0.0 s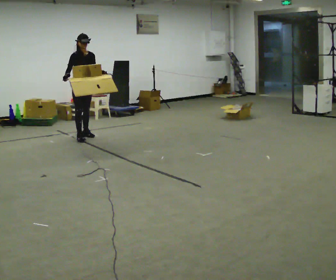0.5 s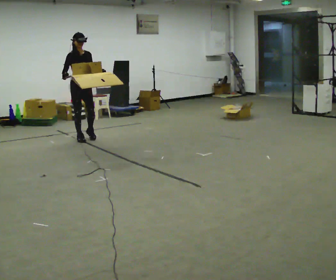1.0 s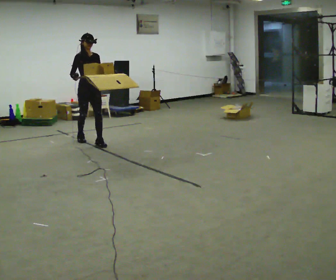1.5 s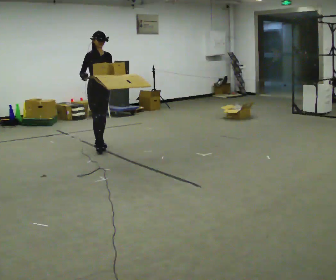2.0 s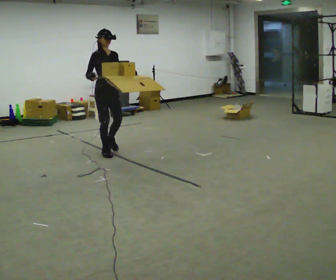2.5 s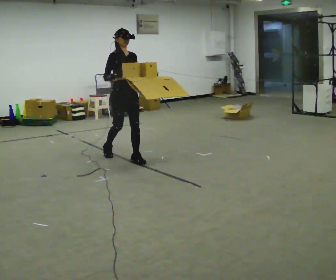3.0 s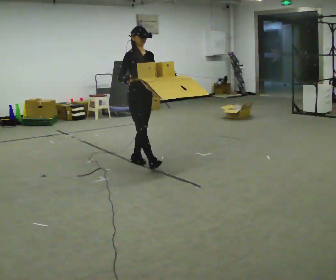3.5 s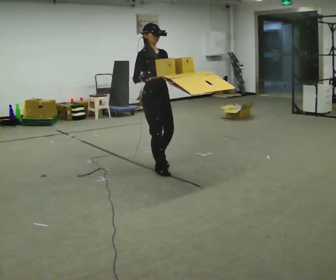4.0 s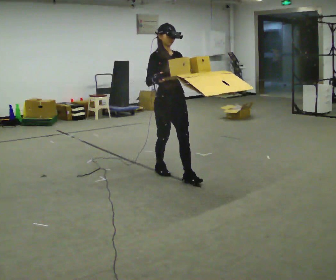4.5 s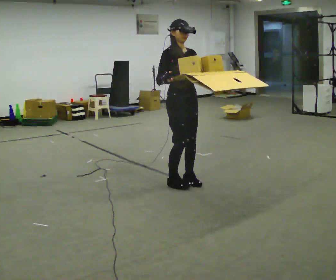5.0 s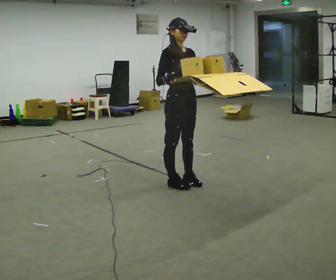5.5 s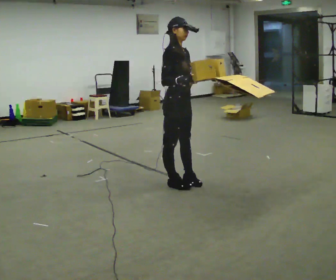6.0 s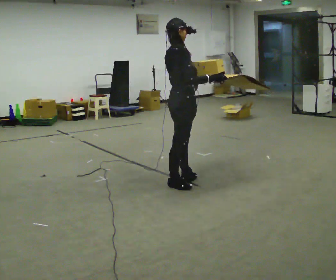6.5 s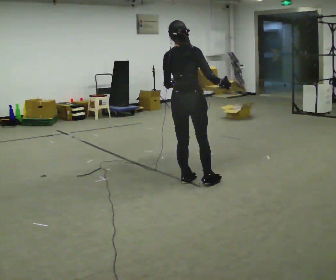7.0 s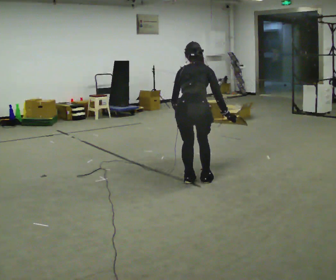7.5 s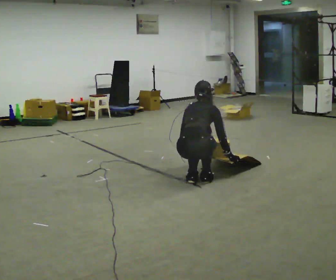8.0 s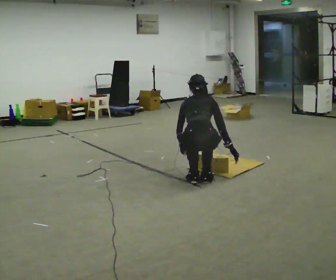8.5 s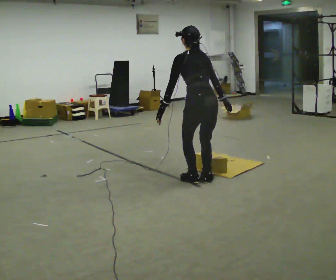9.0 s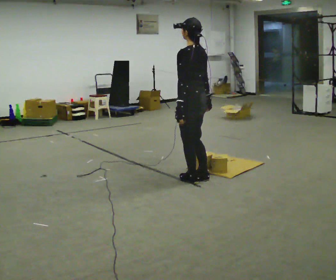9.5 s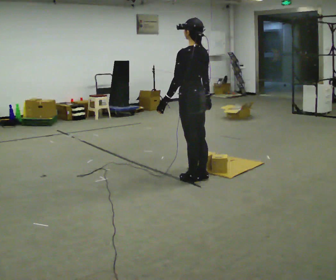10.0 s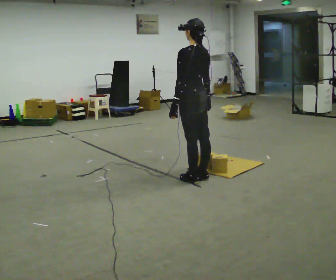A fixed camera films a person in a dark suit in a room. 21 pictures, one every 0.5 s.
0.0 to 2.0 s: In the picture they go to the right and toward the camera, about 1 m in 2 steps, which for them is forward.
2.0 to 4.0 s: In the picture they go to the right and toward the camera, about 1.5 m in 3 steps, which for them is forward.
4.0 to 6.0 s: Seen from above the body turns counterclockwise, about 75 degrees: to their left, with its near side sliding to the right. In the picture they go to the right and toward the camera, about 0.25 m in 1 step. In the picture their right hand goes to the right.
6.0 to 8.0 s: The part of the body nearest the lens slides to the right as the person turns to their left by about 60 degrees. In the picture they go to the right, about 0.25 m in 1 step. The upper body tips away from the camera, its near side rolling upward, as they bend forward. In the picture their left hand goes downward.
8.0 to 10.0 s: Seen from above the body turns counterclockwise, about 45 degrees: to their left, with its near side sliding to the right. In the picture they go away from the camera, about 0.25 m, which for them is forward and to their right. The upper body goes upward. The upper body tips toward the camera, its near side rolling downward, as they lean back or straighten. In the picture their right hand goes upward.
The film runs forward here.
